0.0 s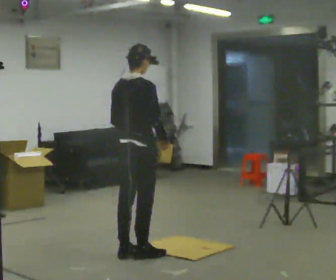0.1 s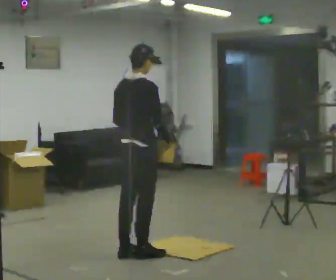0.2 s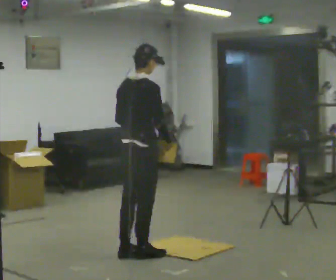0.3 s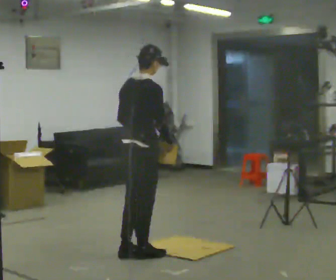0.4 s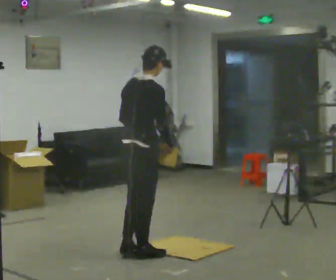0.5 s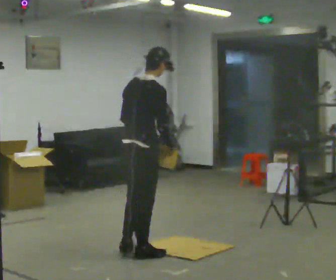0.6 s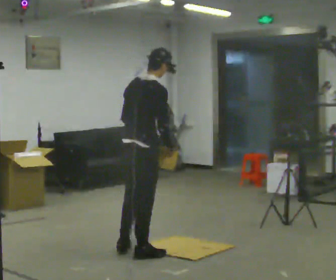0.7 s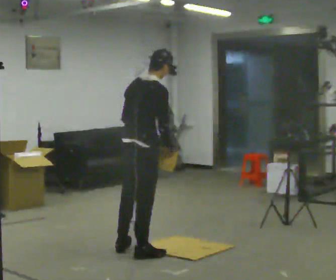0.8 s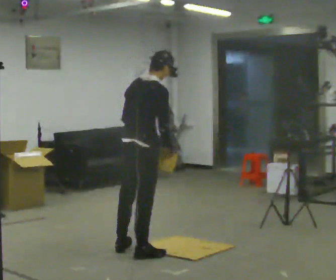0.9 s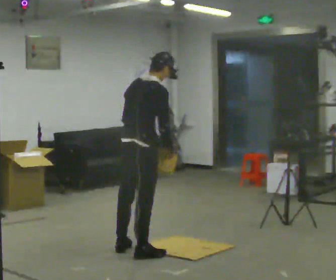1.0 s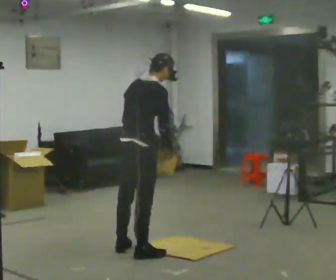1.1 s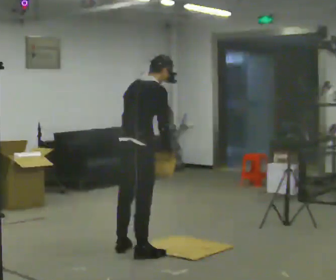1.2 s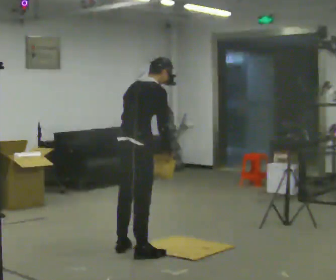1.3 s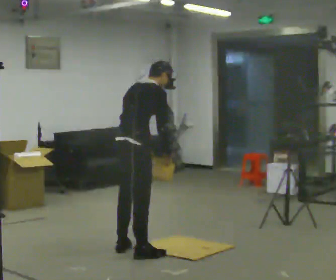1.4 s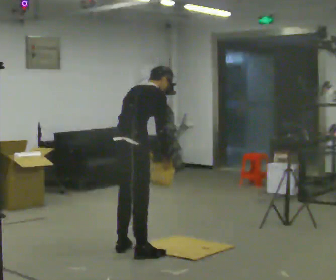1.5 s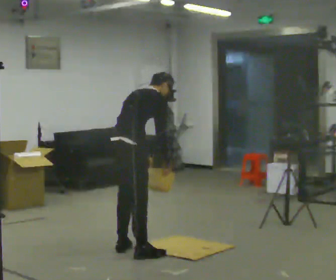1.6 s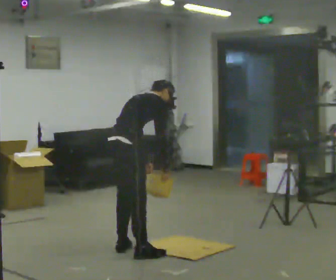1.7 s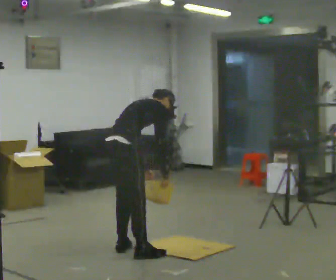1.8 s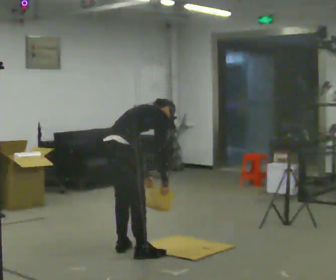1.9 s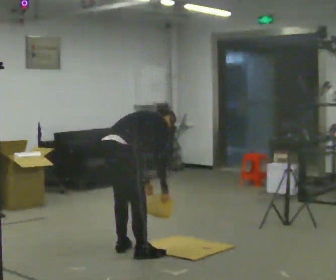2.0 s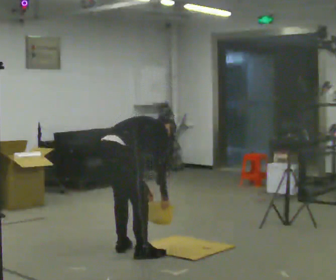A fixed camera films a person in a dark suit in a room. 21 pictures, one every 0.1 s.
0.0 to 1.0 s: In the picture the upper body tilts clockwise, shoulders to the right, as they bend forward.
1.0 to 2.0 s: In the picture they go to the left, about 0.25 m, which for them is to their left. The upper body goes downward. The upper body tips away from the camera, its near side rolling upward, as they bend forward. In the picture their right hand goes downward.
The film runs forward here.
